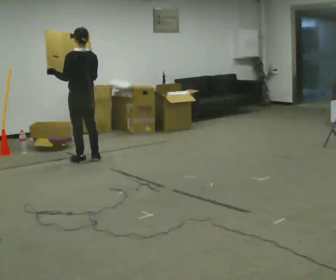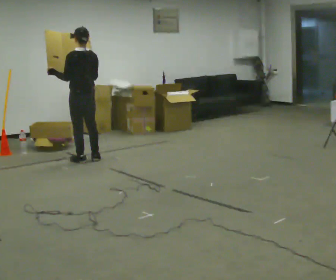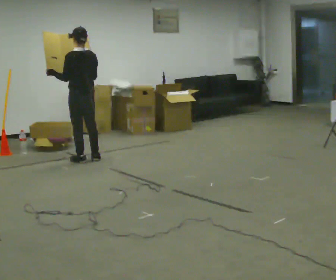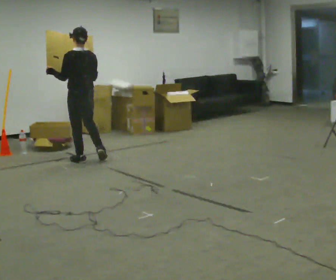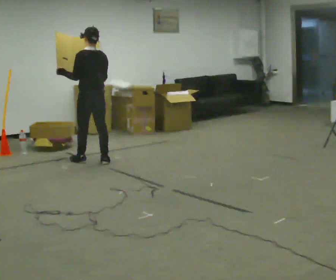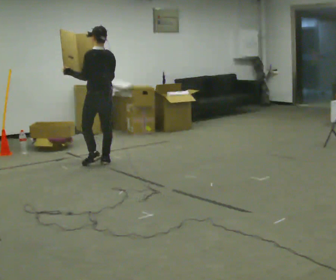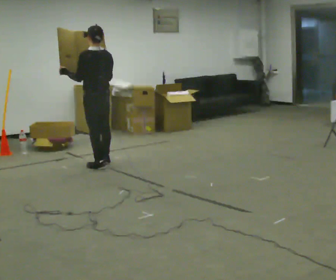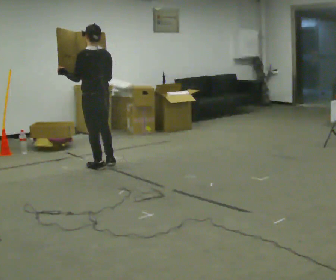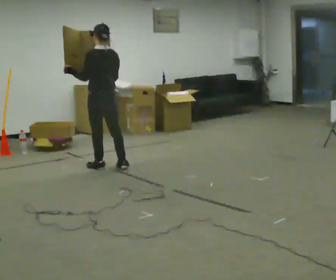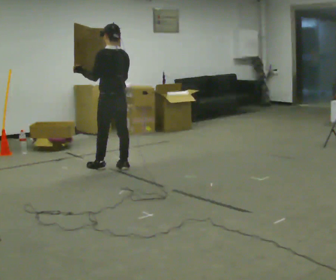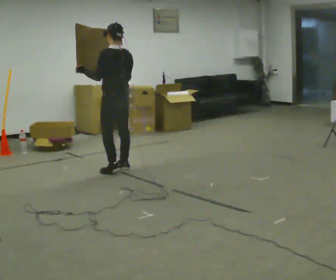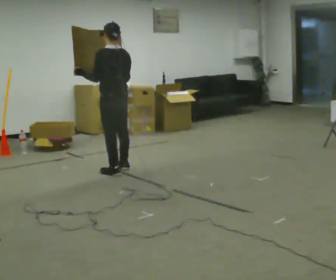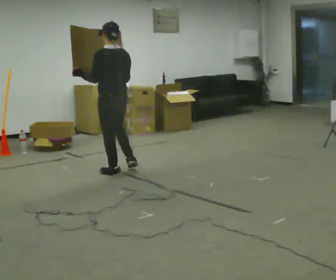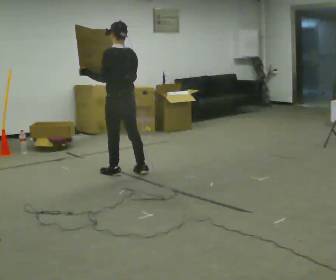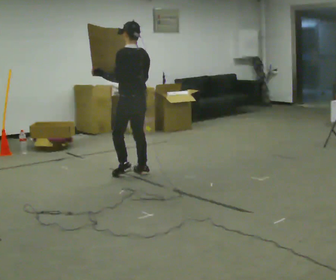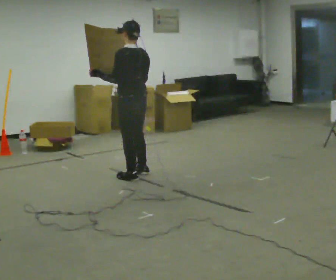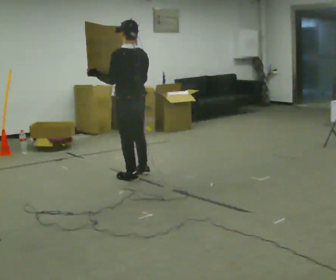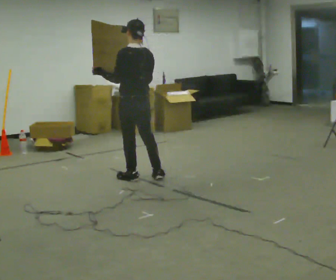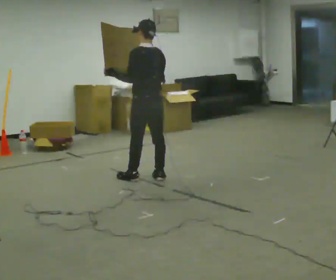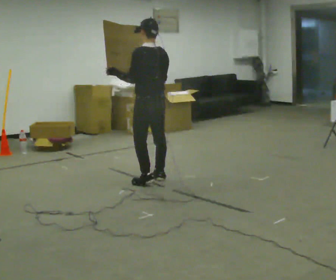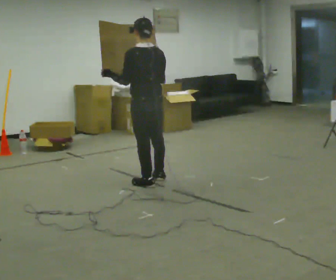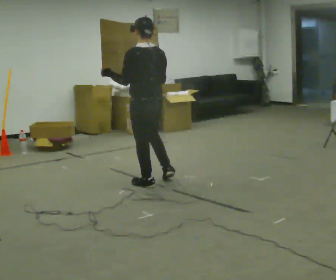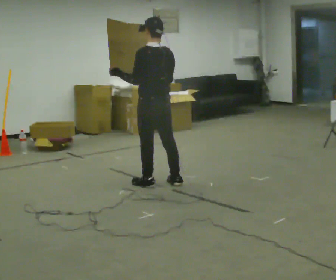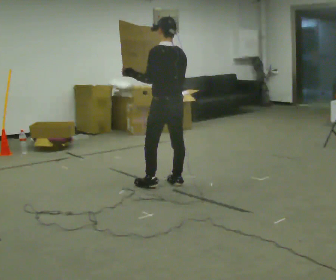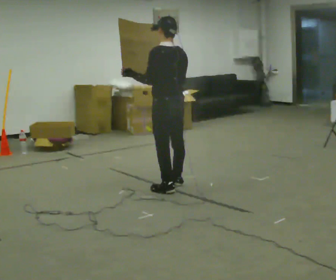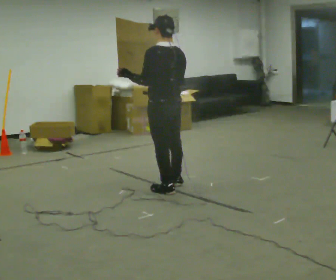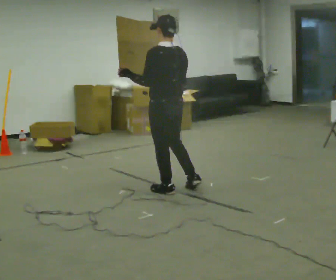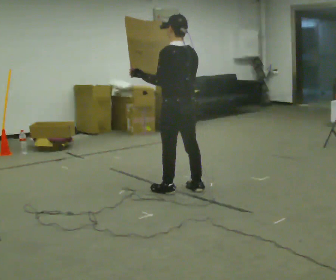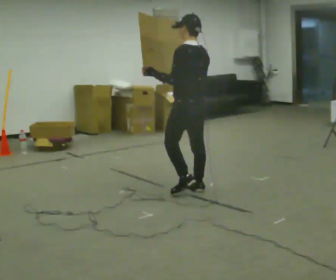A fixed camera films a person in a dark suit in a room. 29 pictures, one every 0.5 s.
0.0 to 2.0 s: The person moves a little, or ends about where they began.
2.0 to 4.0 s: In the picture they go toward the camera, about 0.25 m in 2 steps, which for them is backward.
4.0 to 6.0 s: In the picture they go toward the camera, about 0.25 m in 2 steps, which for them is backward.
6.0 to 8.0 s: In the picture they go toward the camera and to the right, about 0.25 m in 1 step, which for them is backward.
8.0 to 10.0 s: In the picture they go toward the camera and to the right, about 0.25 m in 2 steps, which for them is backward.
10.0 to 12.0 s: In the picture they go to the right, about 0.25 m in 2 steps, which for them is backward.
12.0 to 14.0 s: In the picture they go toward the camera and to the right, about 0.25 m in 2 steps, which for them is backward.
The film runs backward here.
